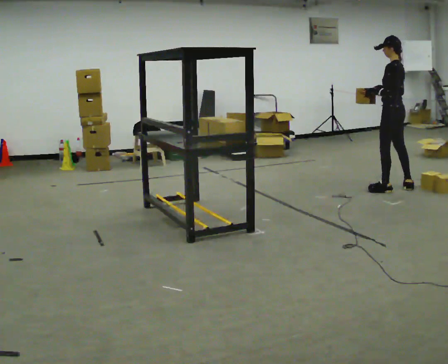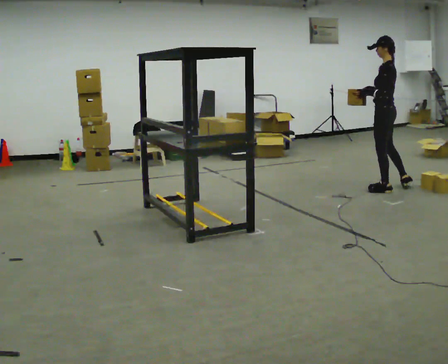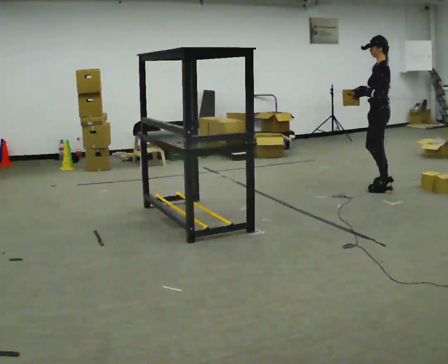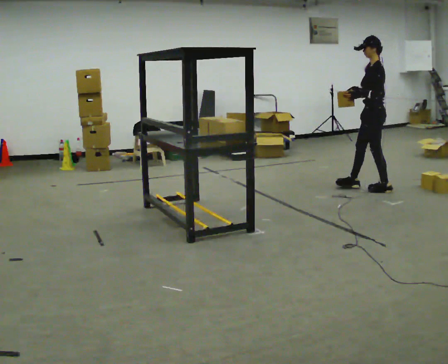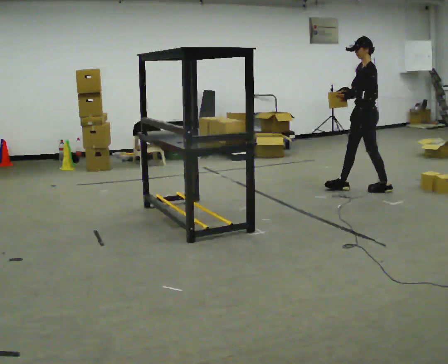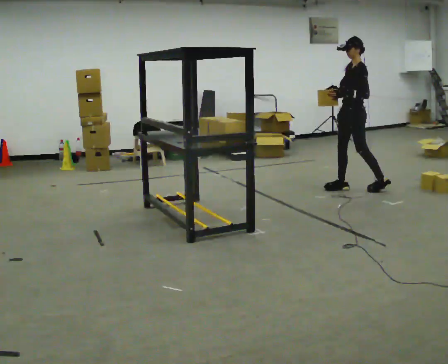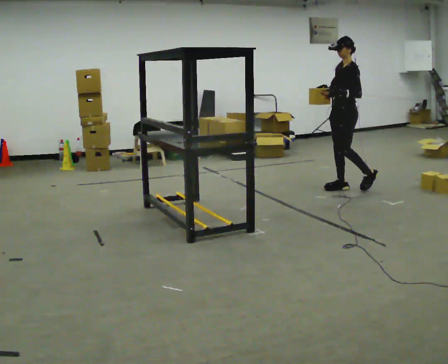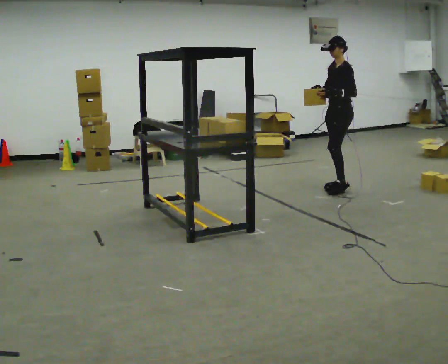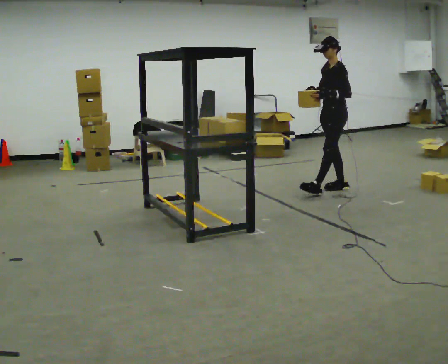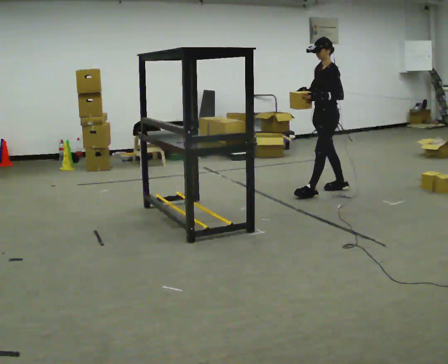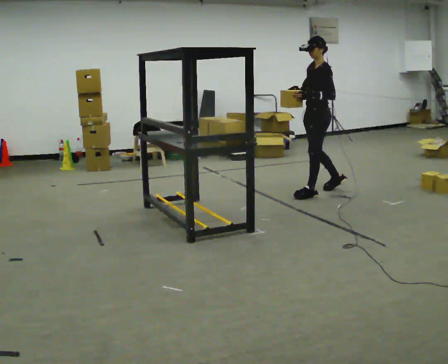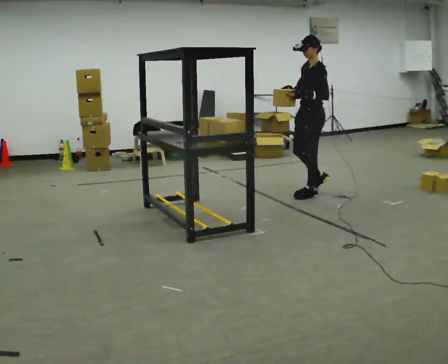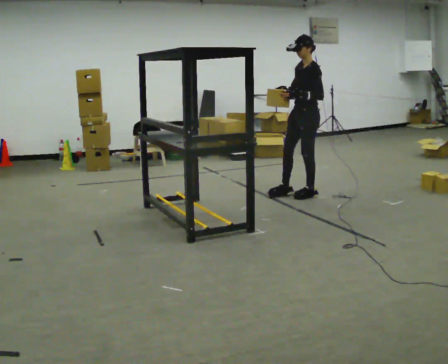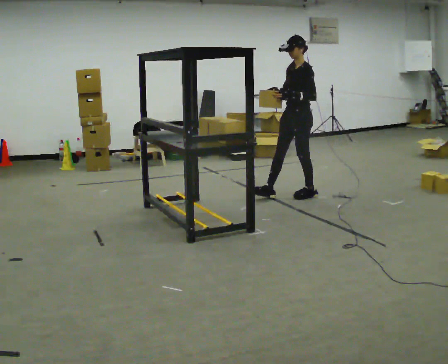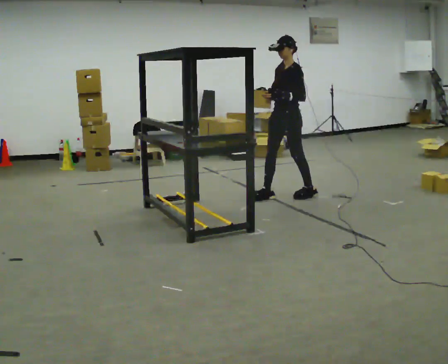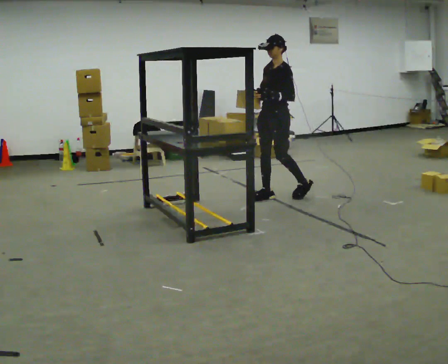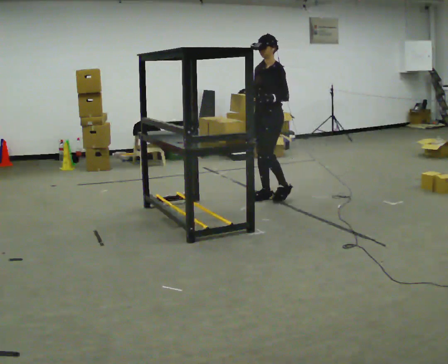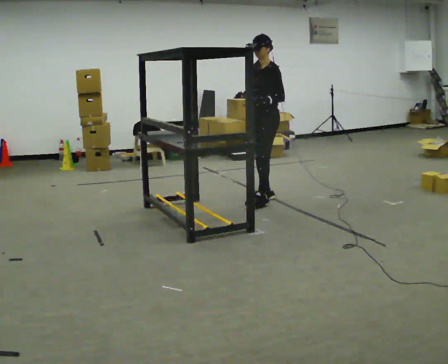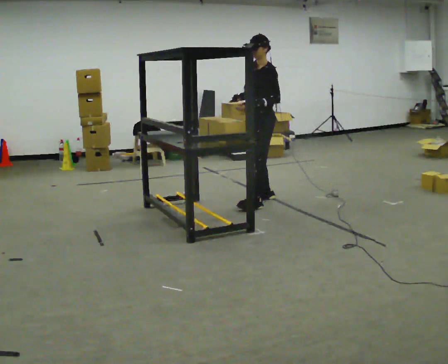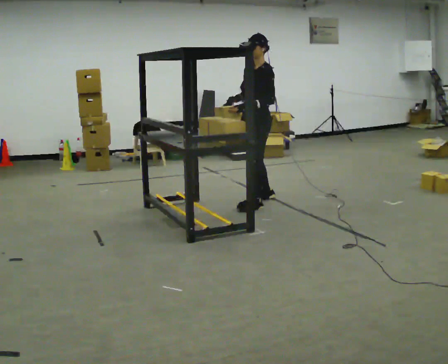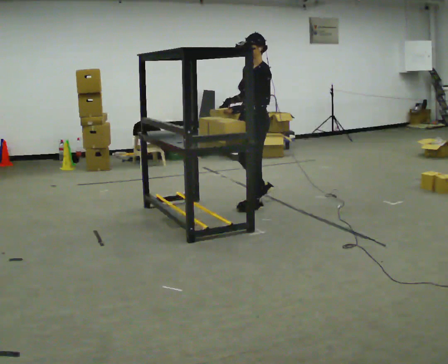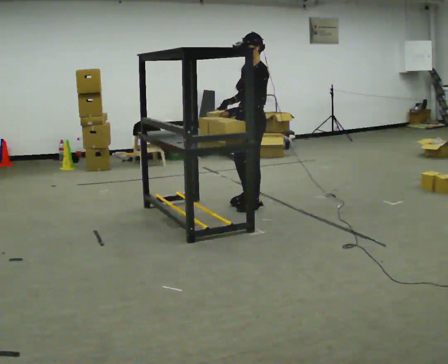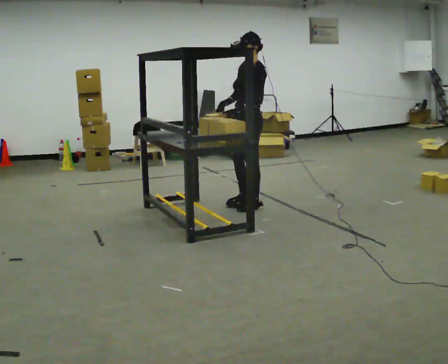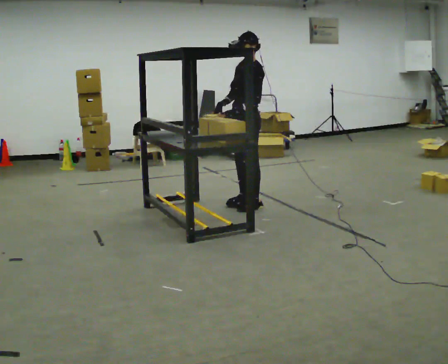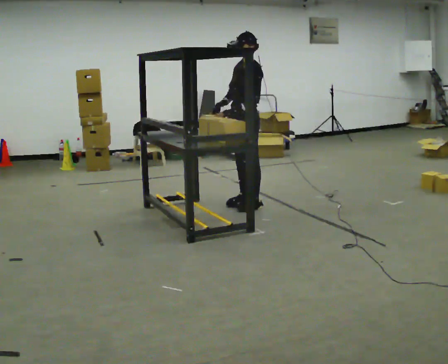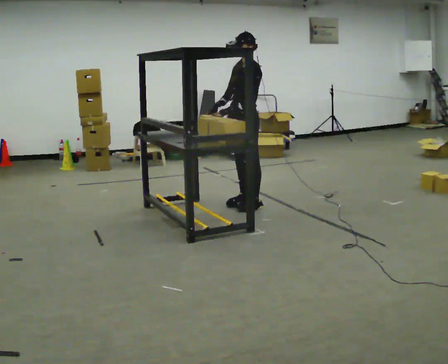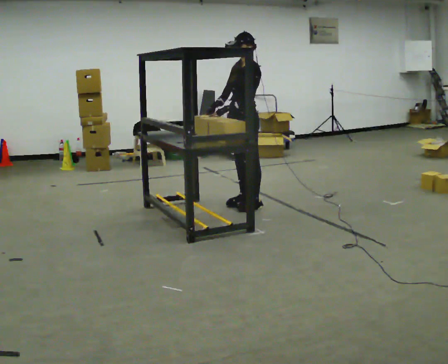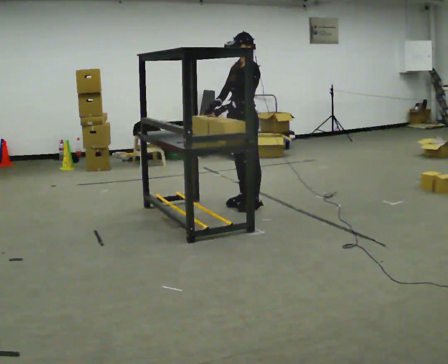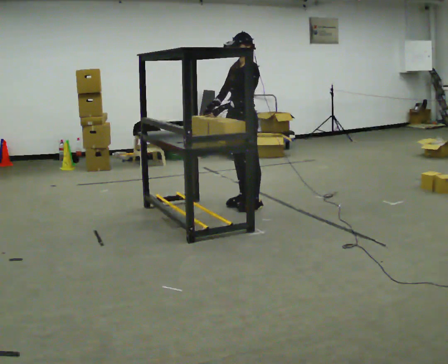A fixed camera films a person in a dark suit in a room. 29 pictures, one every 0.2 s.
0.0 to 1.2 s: The person turns about 60 degrees to their left, counterclockwise seen from above, so the part of the body nearest the lens slides to the right. In the picture they go to the left, about 0.5 m in 1 step, which for them is forward.
1.2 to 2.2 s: In the picture they go to the left and toward the camera, about 0.5 m in 1 step, which for them is forward.
2.2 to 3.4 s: In the picture they go to the left, about 0.5 m in 1 step, which for them is forward.
3.4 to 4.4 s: In the picture they go toward the camera, about 0.25 m in 2 steps, which for them is forward and to their left.
4.4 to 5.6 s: The person moves a little, or ends about where they began.
The film runs forward here.
